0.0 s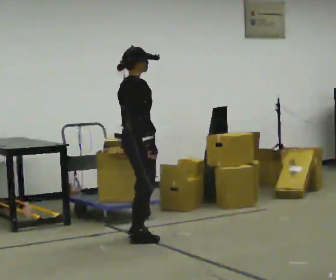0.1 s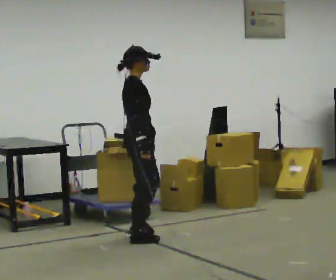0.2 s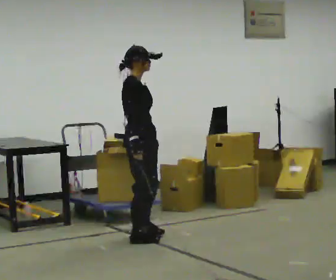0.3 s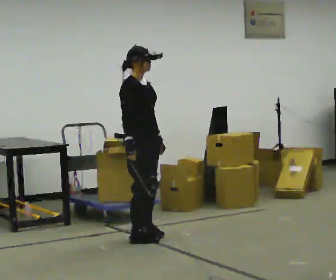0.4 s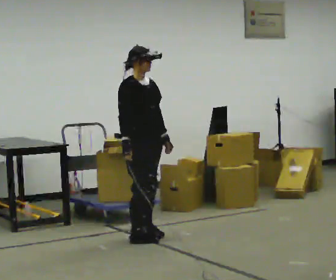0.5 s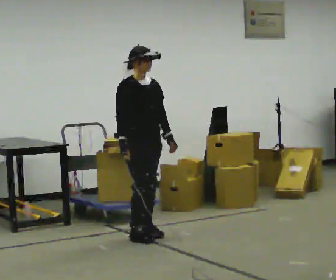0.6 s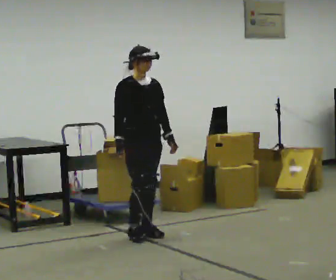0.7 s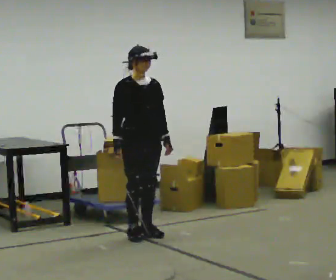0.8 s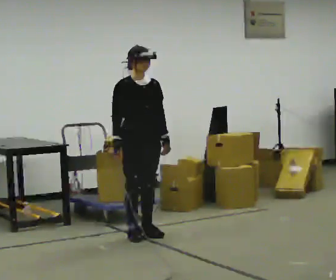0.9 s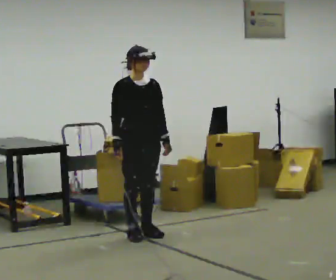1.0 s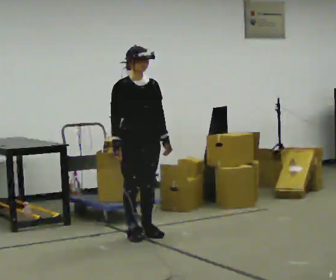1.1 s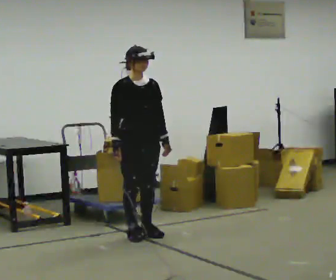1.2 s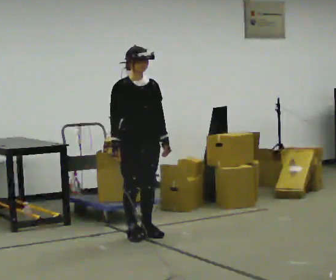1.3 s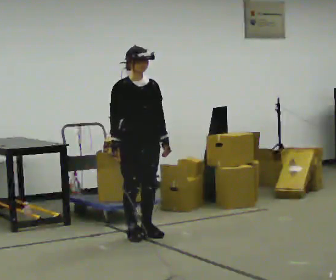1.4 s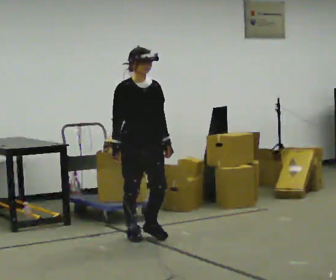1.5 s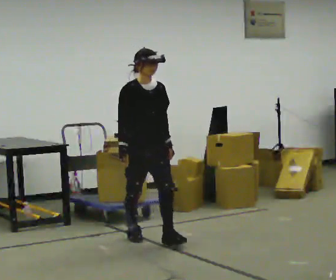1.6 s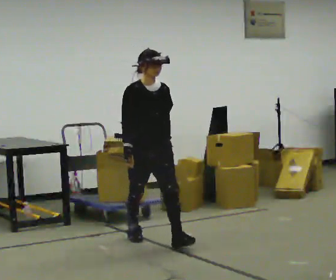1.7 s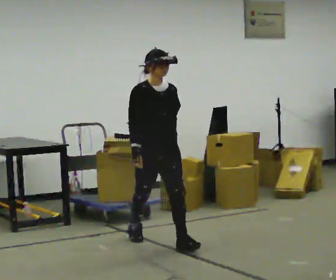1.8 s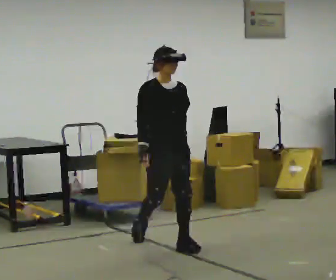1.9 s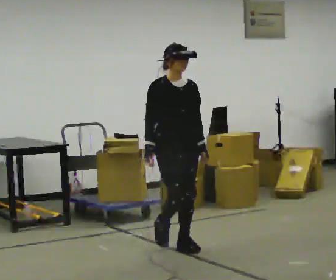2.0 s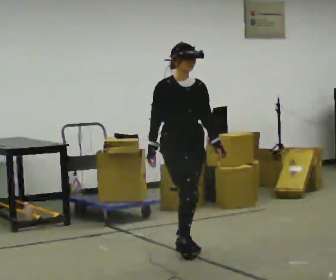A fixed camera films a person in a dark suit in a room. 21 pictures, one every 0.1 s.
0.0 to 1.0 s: Seen from above the body turns clockwise, about 75 degrees: to their right, with its near side sliding to the left.
1.0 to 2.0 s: In the picture they go toward the camera and to the right, about 0.75 m in 1 step, which for them is forward.
The film runs forward here.
